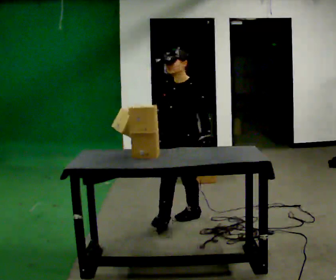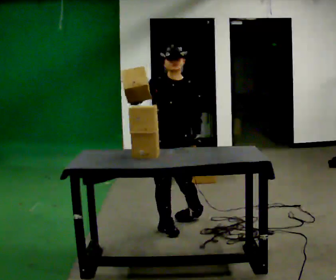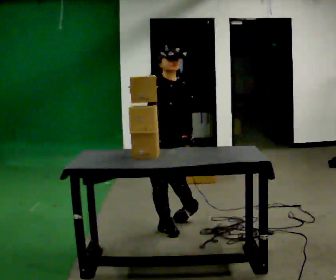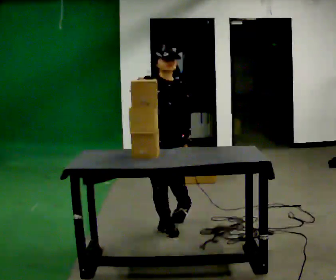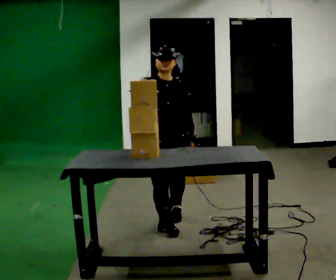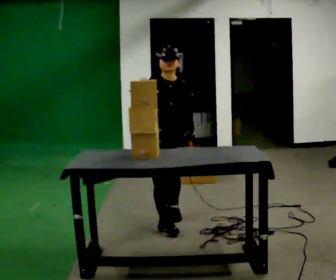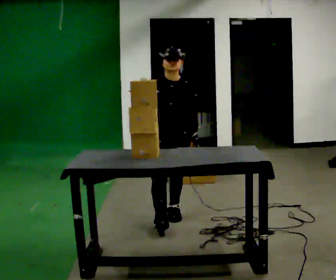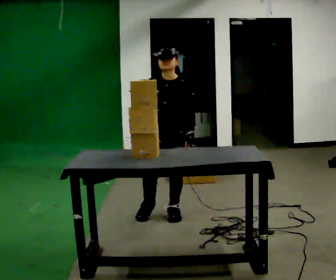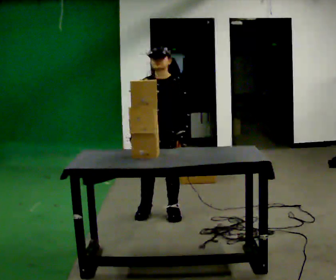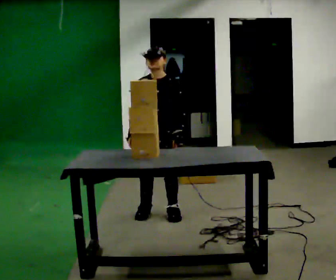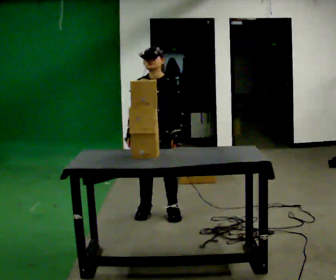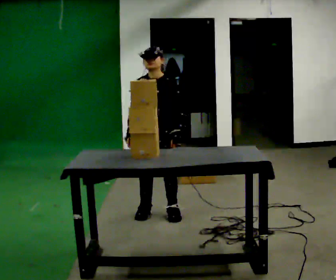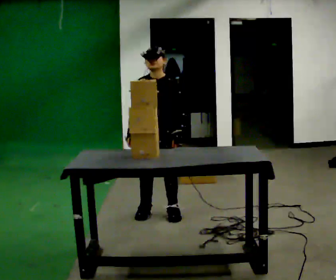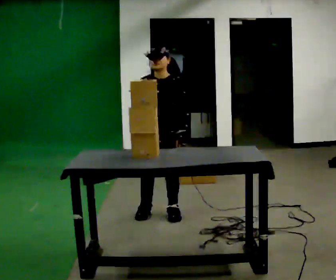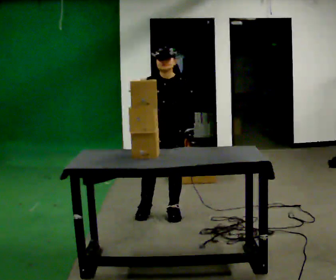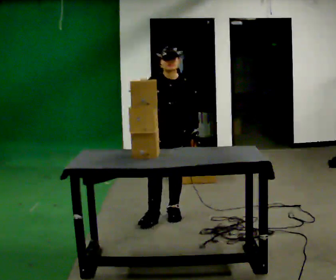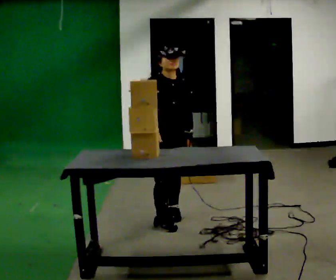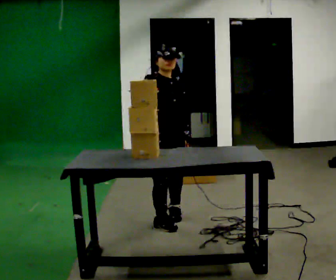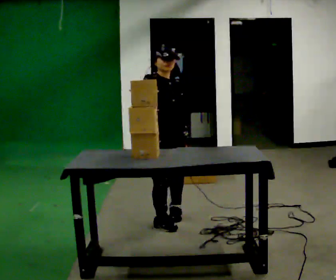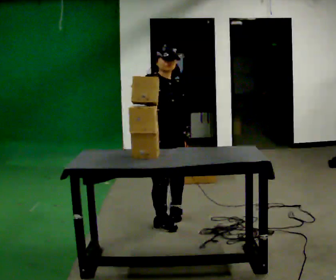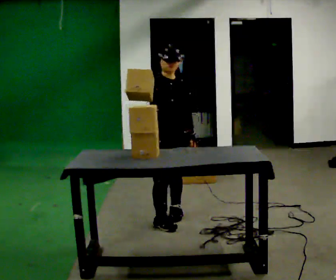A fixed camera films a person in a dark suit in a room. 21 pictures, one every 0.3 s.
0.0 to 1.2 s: Seen from above the body turns counterclockwise, about 60 degrees: to their left, with its near side sliding to the right. In the picture they go toward the camera and to the left, about 0.25 m in 1 step.
1.2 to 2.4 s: Seen from above the body turns clockwise, about 30 degrees: to their right, with its near side sliding to the left. In the picture they go away from the camera, about 0.25 m in 1 step, which for them is backward. In the picture their right hand goes downward.
2.4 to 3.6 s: The person moves a little, or ends about where they began.
3.6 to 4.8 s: The part of the body nearest the lens slides to the right as the person turns to their left by about 45 degrees.
4.8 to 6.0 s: In the picture their right hand goes upward.
The film runs backward here.
